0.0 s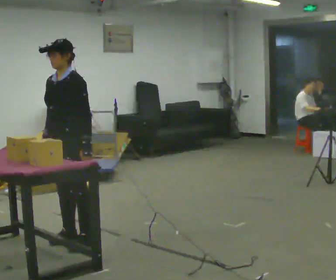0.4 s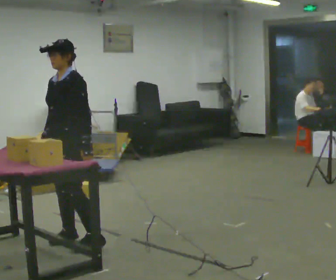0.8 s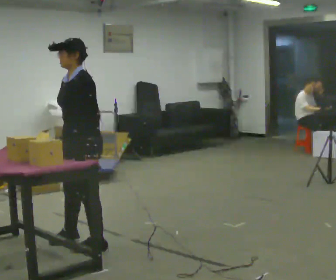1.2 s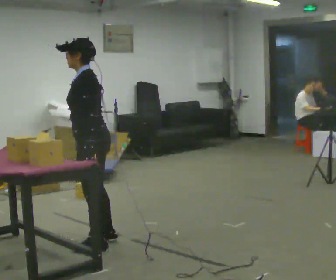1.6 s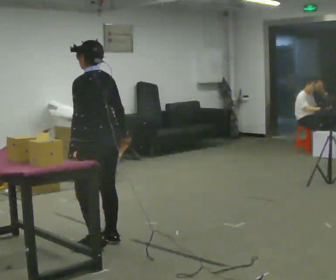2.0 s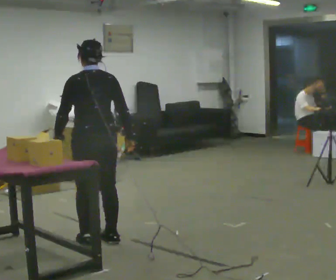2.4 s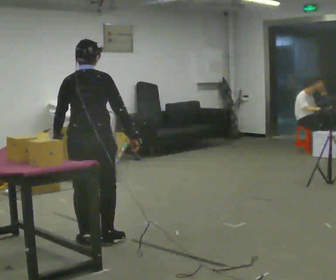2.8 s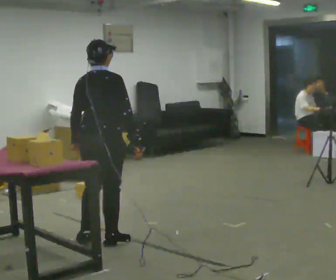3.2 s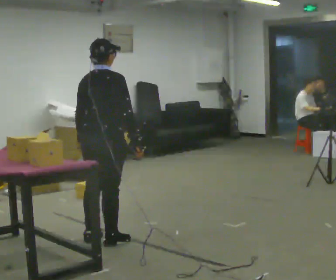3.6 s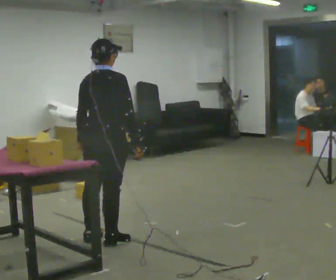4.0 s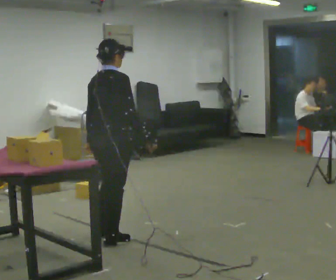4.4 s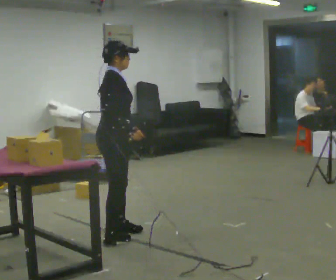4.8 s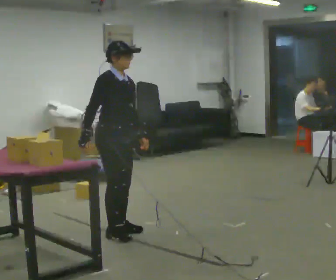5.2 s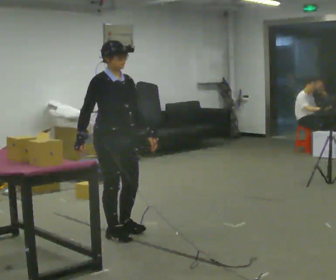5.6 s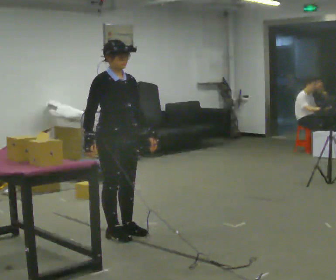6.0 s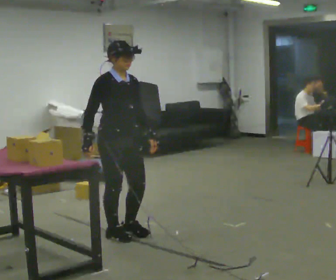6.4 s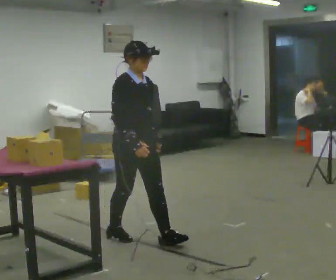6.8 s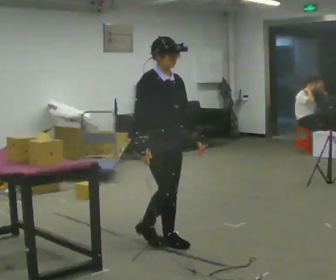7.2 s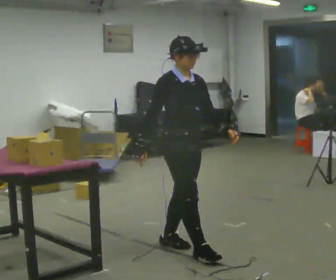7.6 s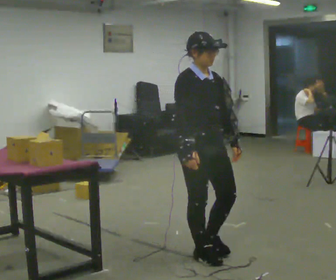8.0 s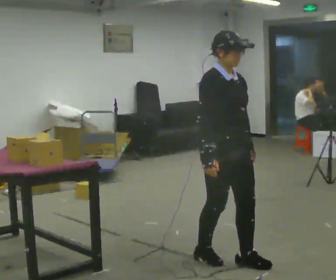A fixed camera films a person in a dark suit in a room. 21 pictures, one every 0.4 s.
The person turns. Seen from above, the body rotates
clockwise.
The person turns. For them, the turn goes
to their right.
0.0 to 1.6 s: The part of the body nearest the lens slides to the left as the person turns to their right by about 90 degrees. In the picture they go to the right, about 0.25 m in 1 step. In the picture their right hand goes to the right, the arm swinging counterclockwise.
1.6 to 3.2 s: Seen from above the body turns clockwise, about 90 degrees: to their right, with its near side sliding to the left.
3.2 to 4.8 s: The person turns about 90 degrees to their right, clockwise seen from above, so the part of the body nearest the lens slides to the left. In the picture they go away from the camera, about 0.25 m in 2 steps. In the picture their right hand goes to the left, the arm swinging clockwise.
4.8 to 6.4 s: In the picture they go toward the camera and to the right, about 0.25 m in 1 step, which for them is forward.
6.4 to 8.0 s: In the picture they go toward the camera and to the right, about 1 m in 2 steps, which for them is forward.
The film runs forward here.
